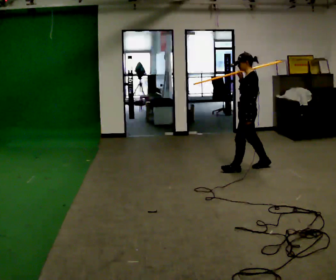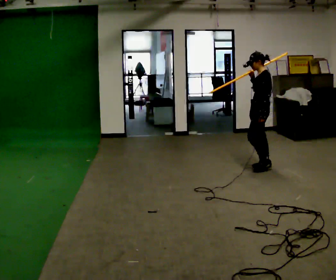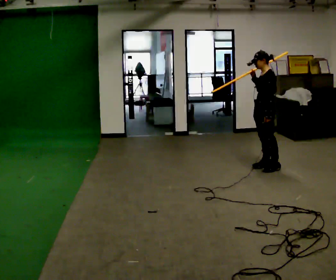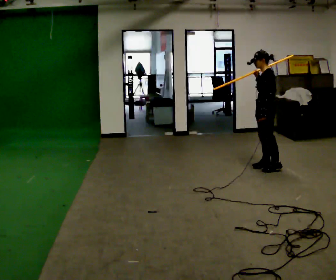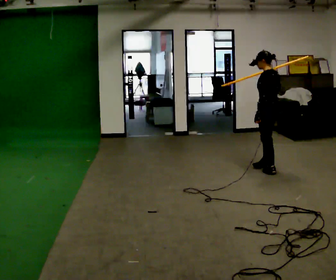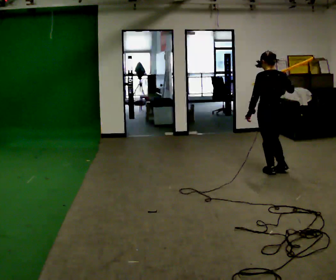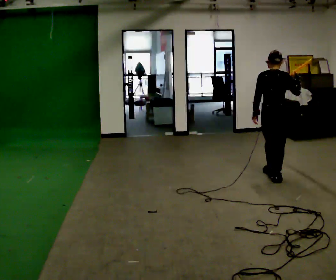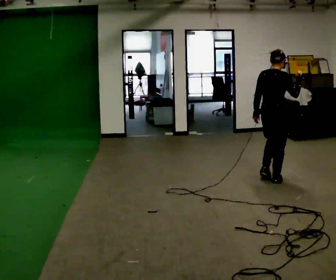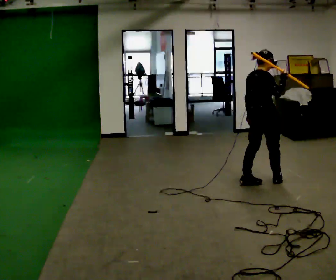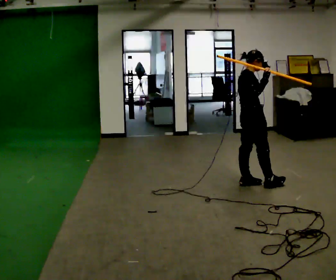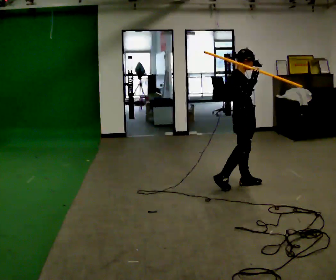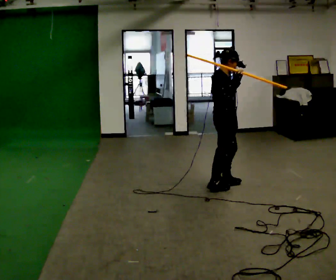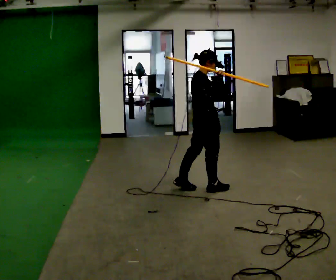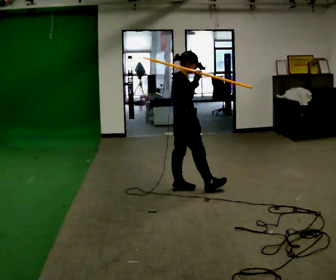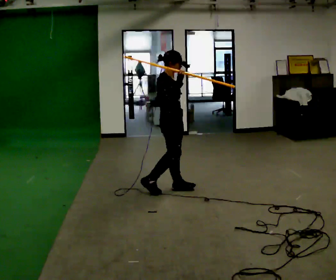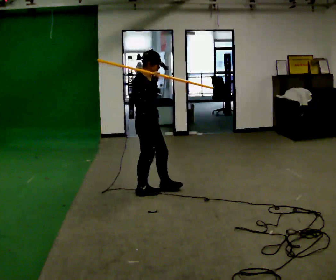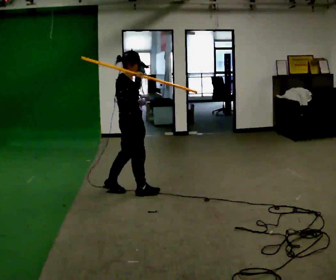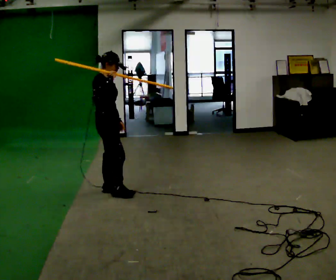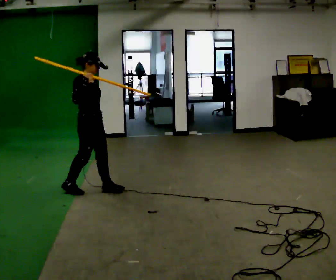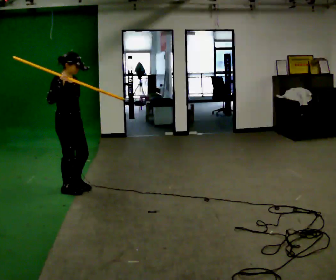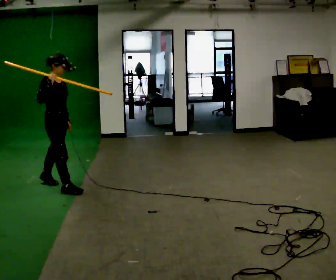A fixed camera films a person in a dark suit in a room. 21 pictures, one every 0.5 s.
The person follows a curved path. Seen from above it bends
clockwise.
The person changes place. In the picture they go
to the left.
0.0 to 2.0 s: Seen from above the body turns clockwise, about 30 degrees: to their right, with its near side sliding to the left. In the picture they go to the right, about 0.25 m in 2 steps, which for them is backward and to their left.
2.0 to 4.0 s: Seen from above the body turns clockwise, about 105 degrees: to their right, with its near side sliding to the left. In the picture they go toward the camera, about 0.5 m in 2 steps.
4.0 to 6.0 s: In the picture they go to the left, about 0.75 m in 2 steps, which for them is backward.
6.0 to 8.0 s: In the picture they go to the left, about 1 m in 2 steps, which for them is backward.
8.0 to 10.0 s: In the picture they go to the left, about 1 m in 2 steps, which for them is backward.
The film runs backward here.
